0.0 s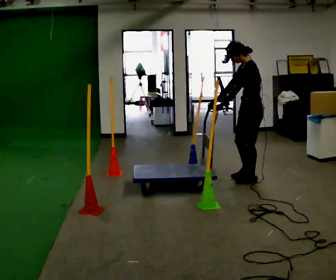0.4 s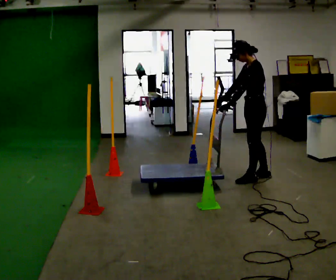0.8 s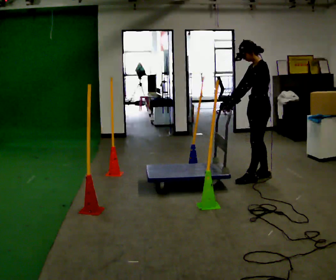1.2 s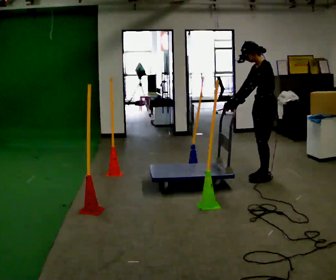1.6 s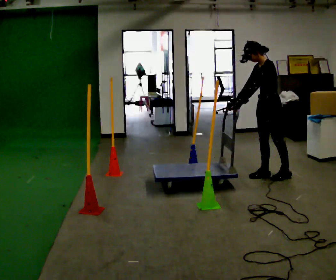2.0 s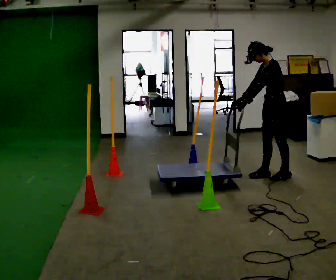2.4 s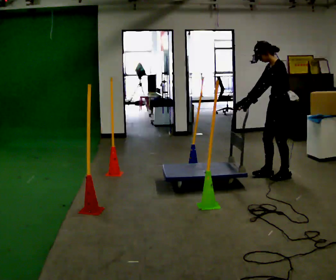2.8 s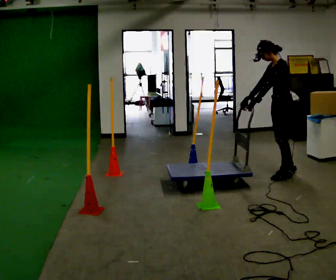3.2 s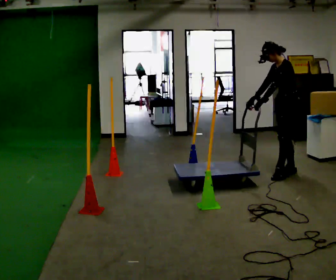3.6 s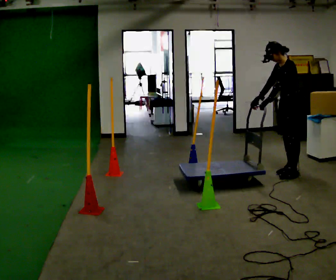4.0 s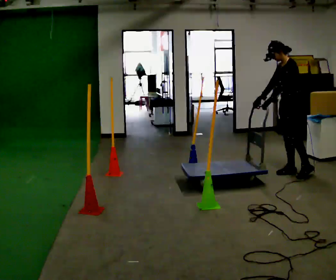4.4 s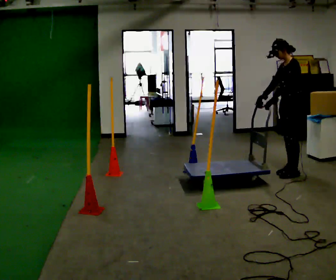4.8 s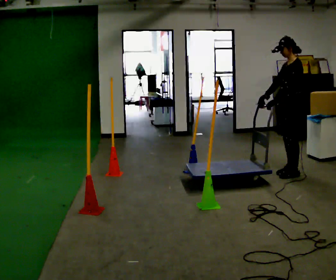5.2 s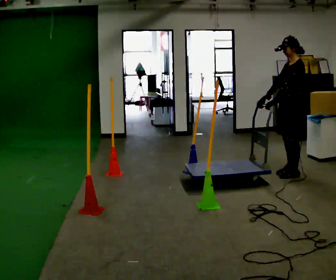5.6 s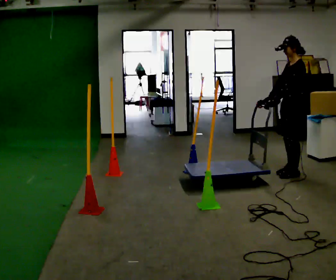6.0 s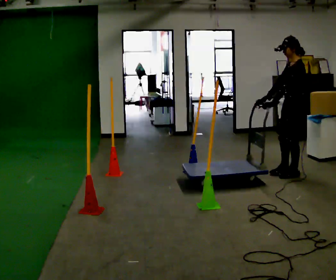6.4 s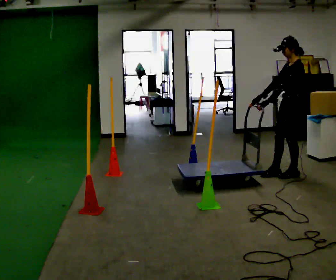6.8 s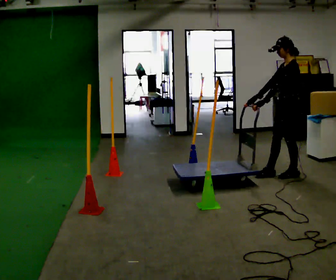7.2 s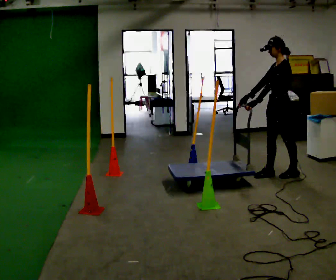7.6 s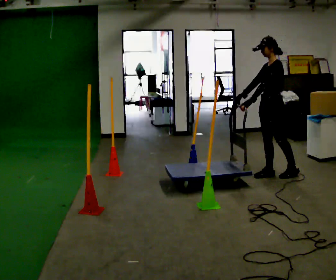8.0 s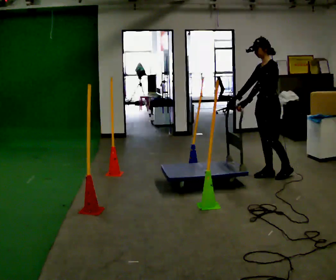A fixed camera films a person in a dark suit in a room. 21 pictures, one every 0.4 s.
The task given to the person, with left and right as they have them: Push the cart in and out of the line of poles without touching any of them. Keep going until the operator says stop.
0.0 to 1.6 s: In the picture they go to the right and away from the camera, about 0.25 m in 2 steps, which for them is backward.
1.6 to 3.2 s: In the picture they go to the right, about 0.25 m in 1 step, which for them is backward.
3.2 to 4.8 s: In the picture the upper body tilts clockwise, shoulders to the right, as they lean back or straighten.
4.8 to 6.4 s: The person moves a little, or ends about where they began.
6.4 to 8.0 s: In the picture they go to the left, about 0.25 m, which for them is forward.
The film runs forward here.
